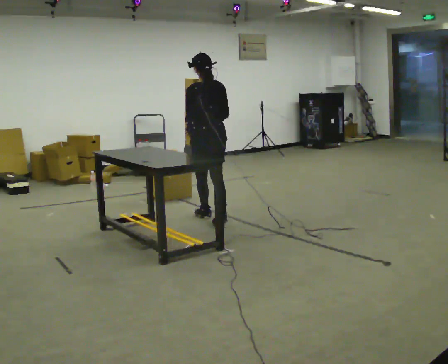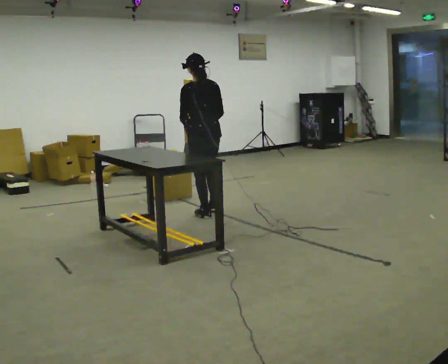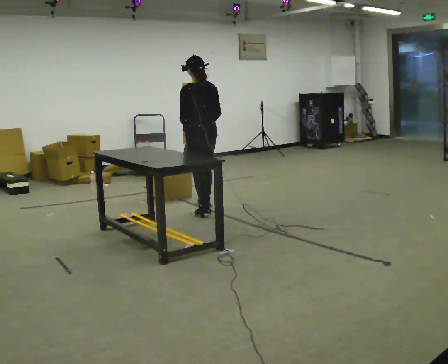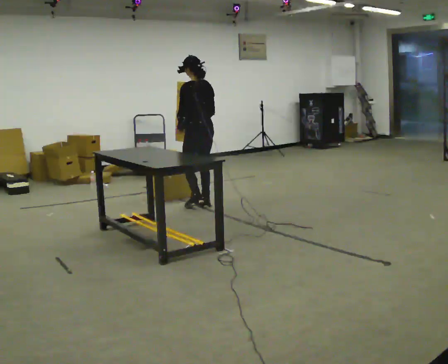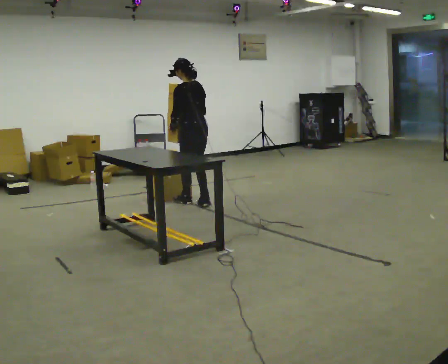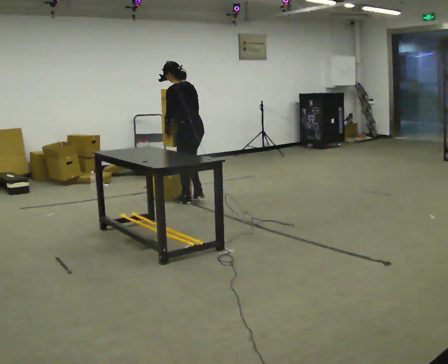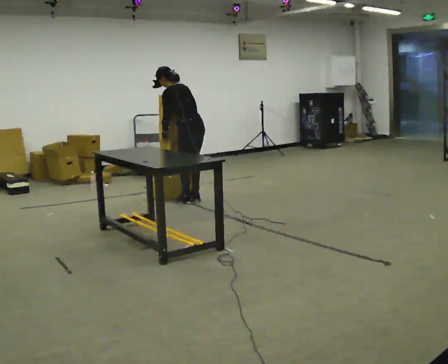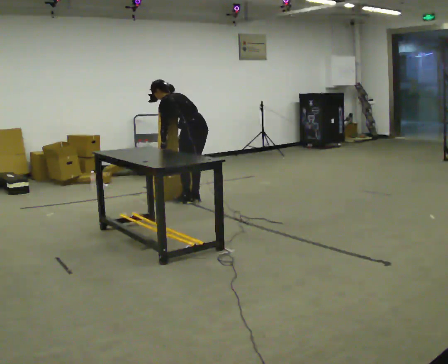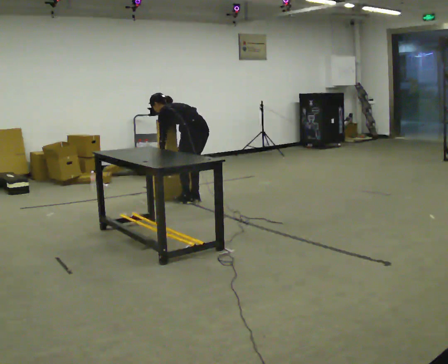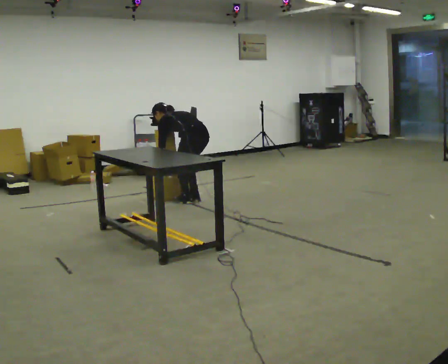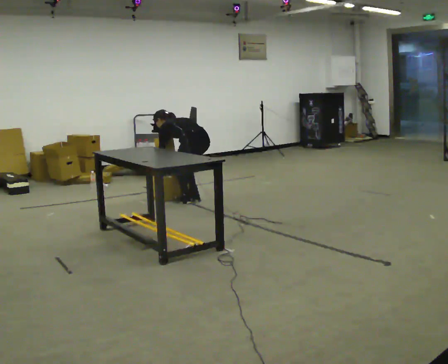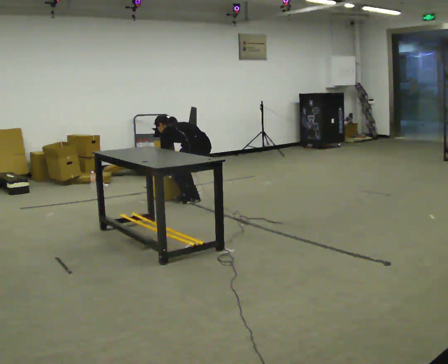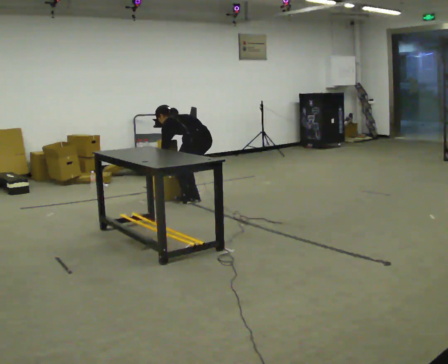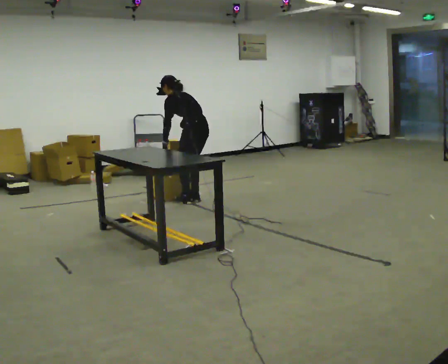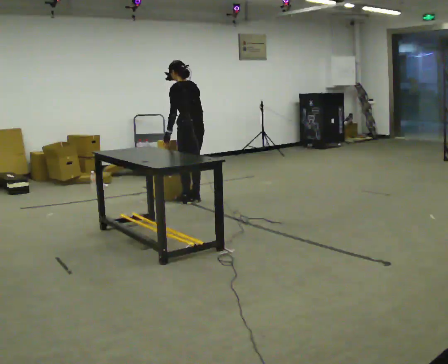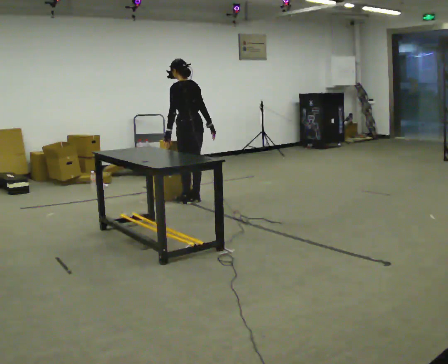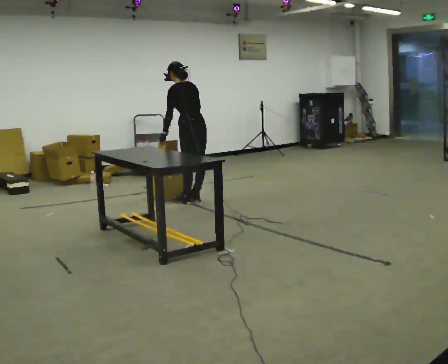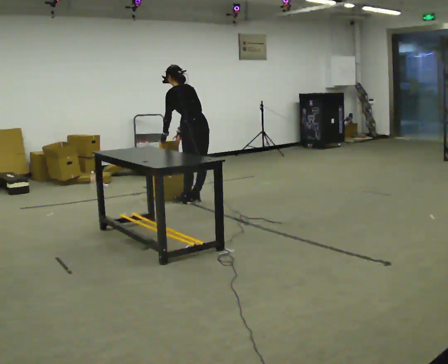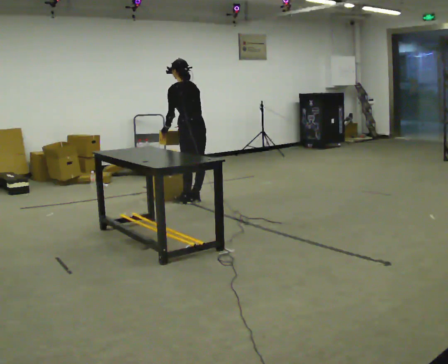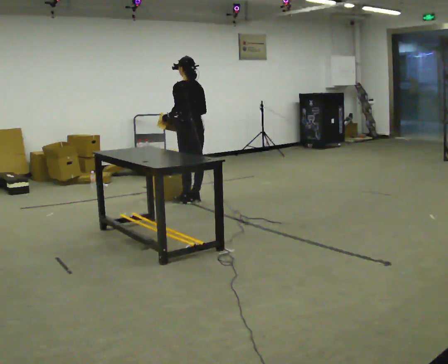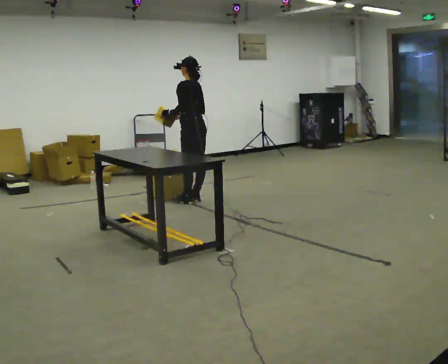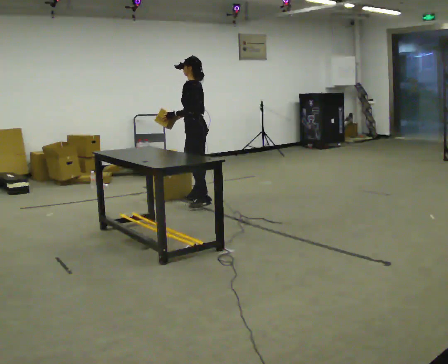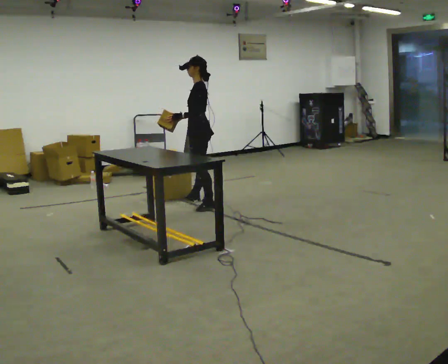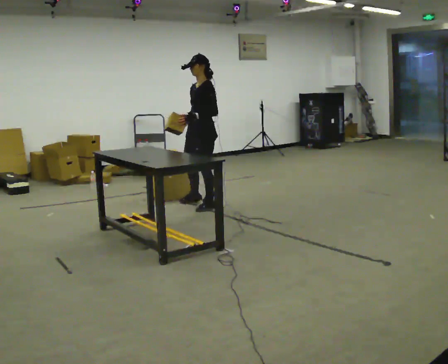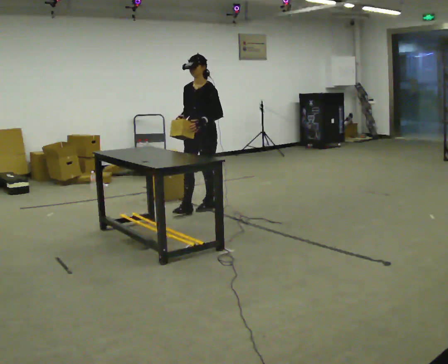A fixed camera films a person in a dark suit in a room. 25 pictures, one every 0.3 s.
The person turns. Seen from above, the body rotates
counterclockwise.
The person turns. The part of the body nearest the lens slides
to the right.
0.0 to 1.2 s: The part of the body nearest the lens slides to the right as the person turns to their left by about 30 degrees. In the picture they go away from the camera, about 0.75 m in 2 steps, which for them is forward.
1.2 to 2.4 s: The shoulders move downward. In the picture the upper body tilts counterclockwise, shoulders to the left, as they bend forward. In the picture their left hand goes downward.
2.4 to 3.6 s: The person moves a little, or ends about where they began.
3.6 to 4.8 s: The upper body goes upward. The upper body tips toward the camera, its near side rolling downward. In the picture their right hand goes upward.
4.8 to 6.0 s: The person moves a little, or ends about where they began.
6.0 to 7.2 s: Seen from above the body turns counterclockwise, about 90 degrees: to their left, with its near side sliding to the right. In the picture they go toward the camera, about 0.5 m in 1 step. The upper body tips toward the camera, its near side rolling downward.
The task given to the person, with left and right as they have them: Reach down into the deep bin on the floor, take out one object at a time, carry it to the shelf, and come back for the next one. Keep going until the operator says stop; one object at a time, and do not rush between trips.
The film runs forward here.
